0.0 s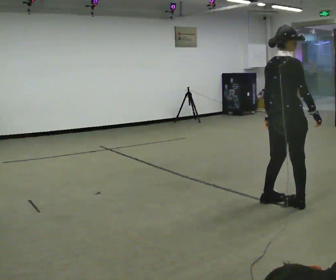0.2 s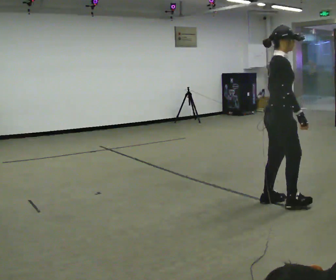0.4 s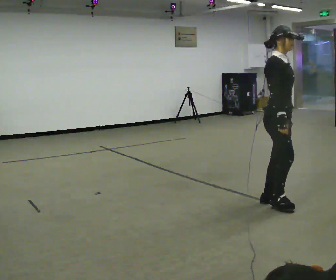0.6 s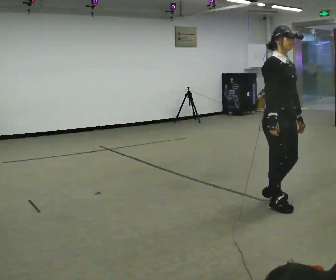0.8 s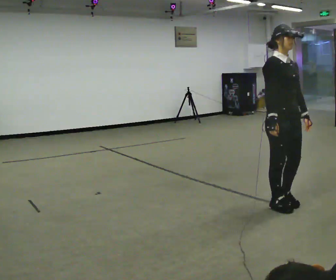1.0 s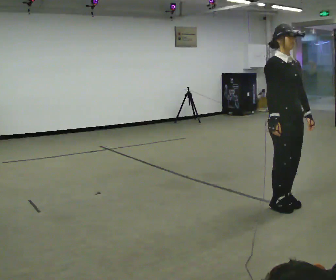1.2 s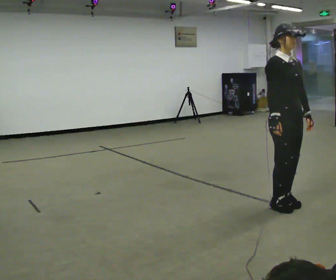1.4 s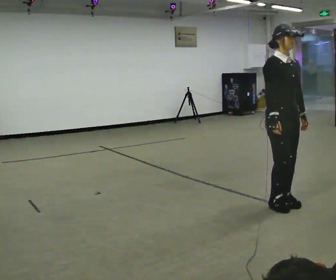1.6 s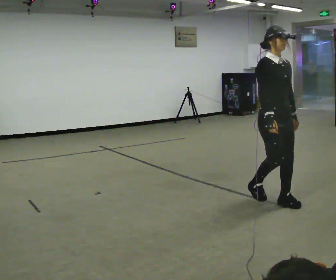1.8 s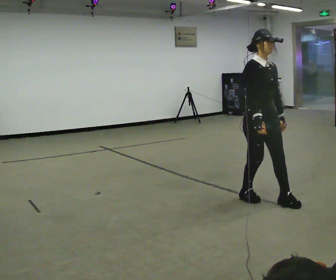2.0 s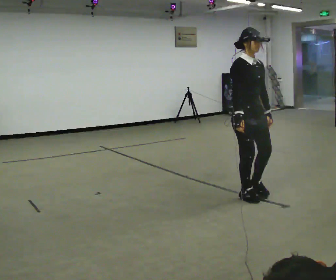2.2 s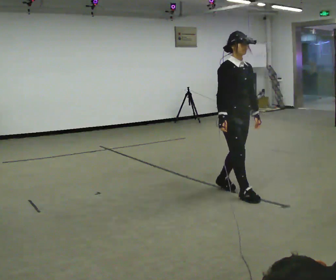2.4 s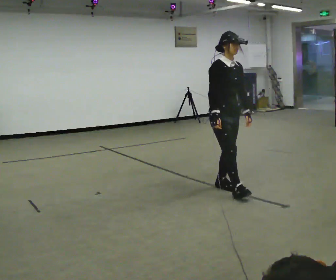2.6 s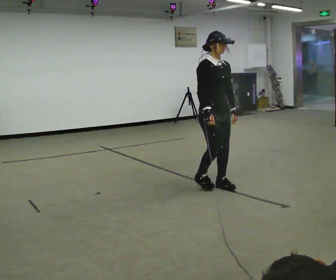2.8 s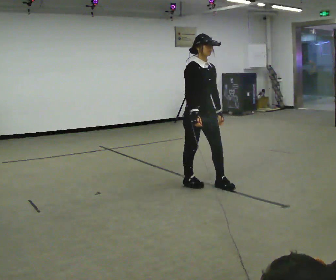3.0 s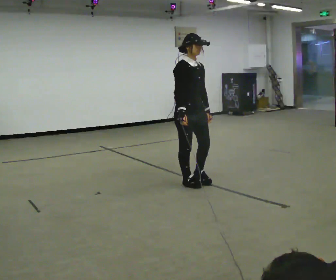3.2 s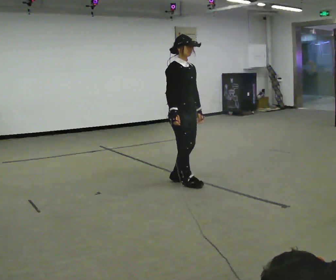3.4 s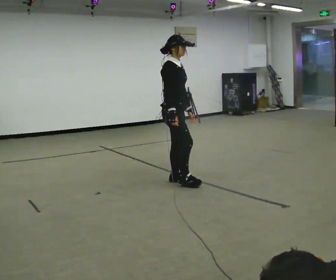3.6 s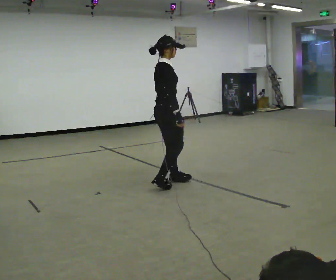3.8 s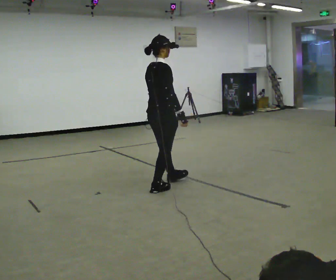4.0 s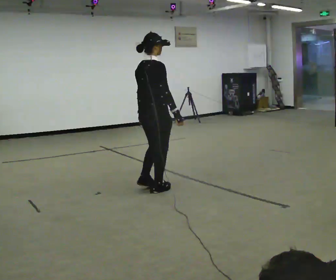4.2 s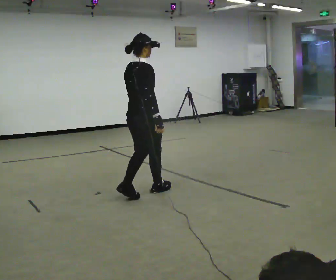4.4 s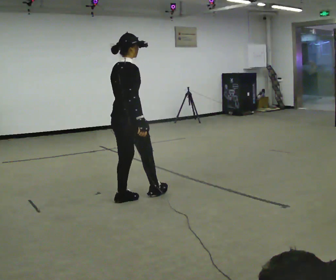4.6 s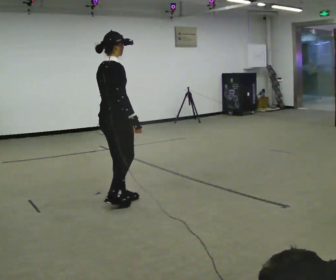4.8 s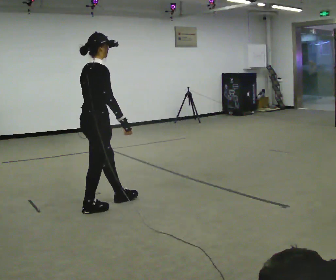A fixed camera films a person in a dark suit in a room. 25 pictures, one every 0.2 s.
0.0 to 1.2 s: The person turns about 90 degrees to their right, clockwise seen from above, so the part of the body nearest the lens slides to the left. In the picture their right hand goes to the left.
1.2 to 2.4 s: In the picture they go to the left and away from the camera, about 1 m in 2 steps, which for them is backward.
2.4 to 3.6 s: The part of the body nearest the lens slides to the right as the person turns to their left by about 75 degrees. In the picture they go to the left, about 0.5 m in 2 steps.
3.6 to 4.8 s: In the picture they go toward the camera and to the left, about 1 m in 3 steps, which for them is backward.
The film runs forward here.
